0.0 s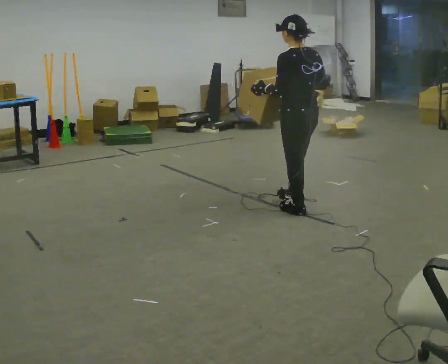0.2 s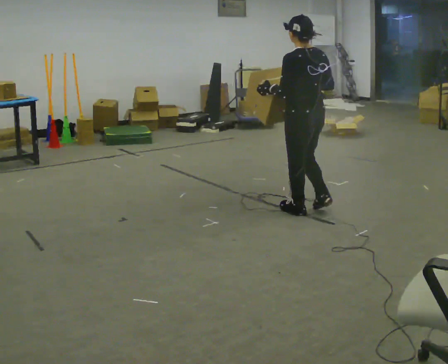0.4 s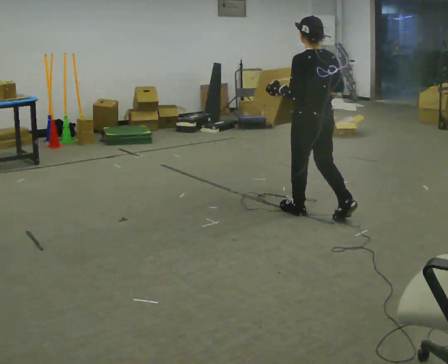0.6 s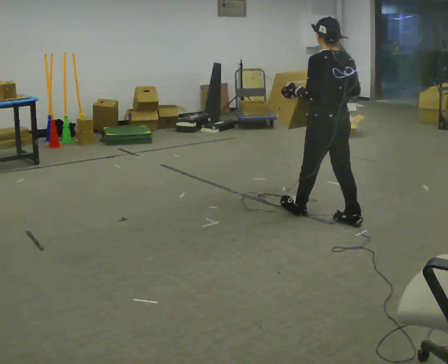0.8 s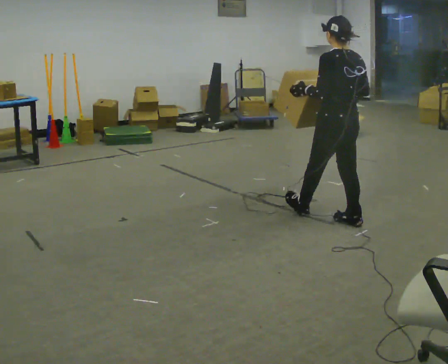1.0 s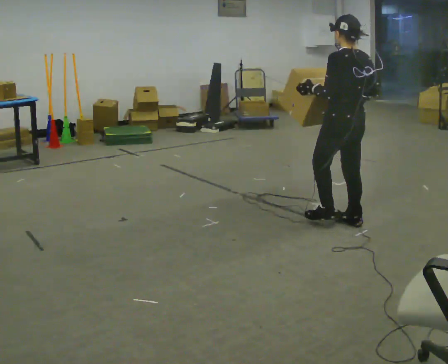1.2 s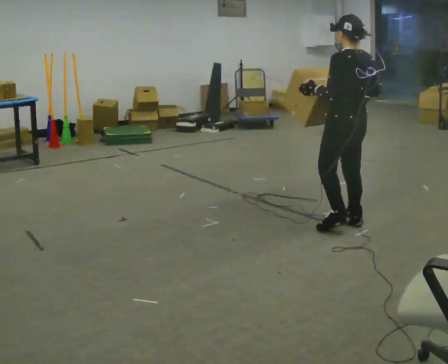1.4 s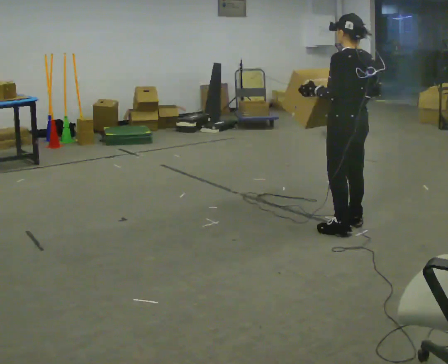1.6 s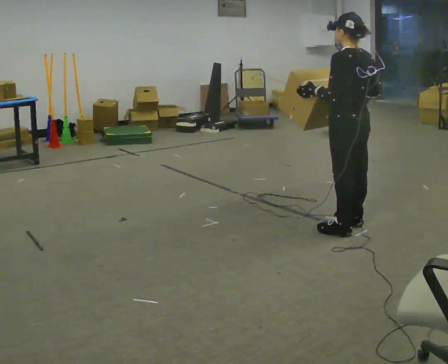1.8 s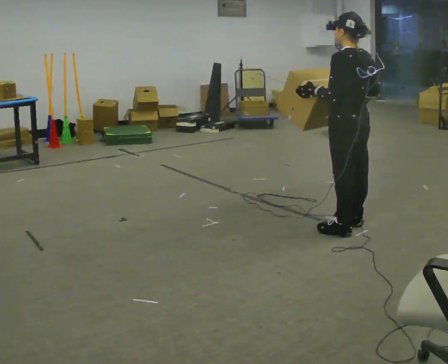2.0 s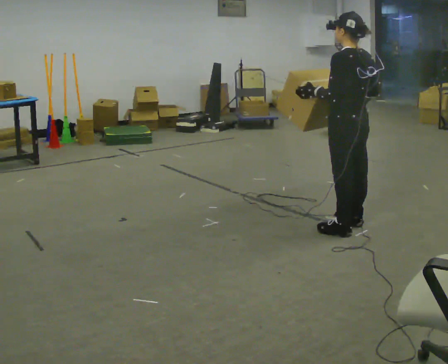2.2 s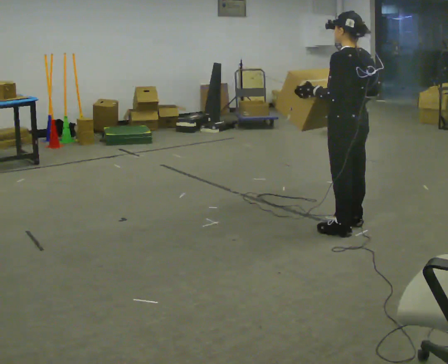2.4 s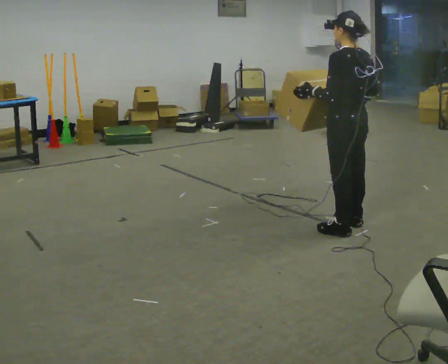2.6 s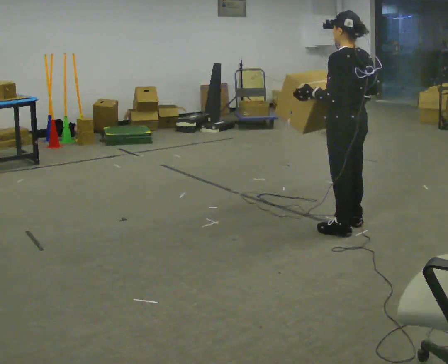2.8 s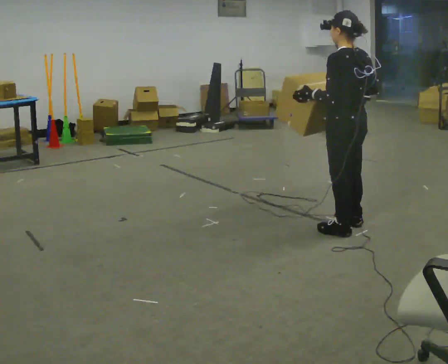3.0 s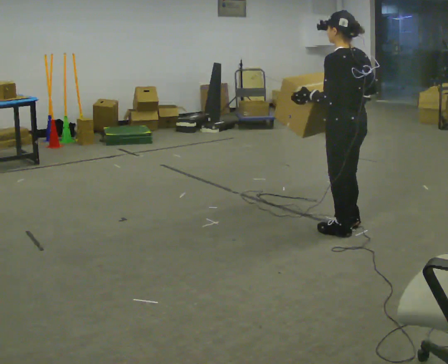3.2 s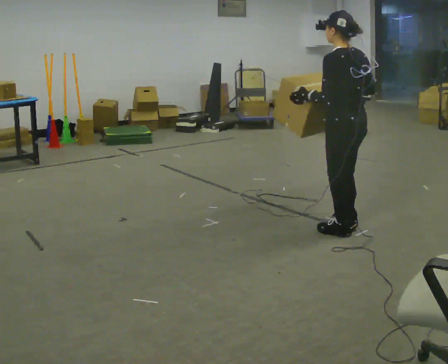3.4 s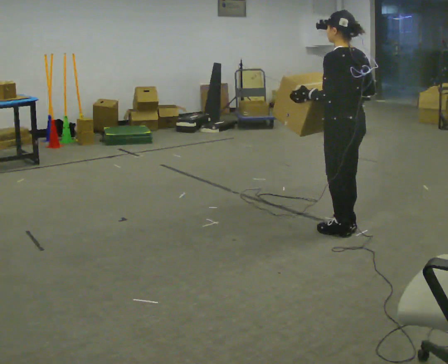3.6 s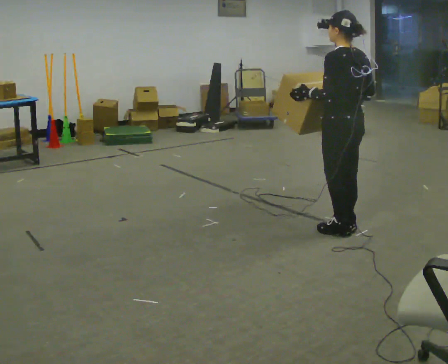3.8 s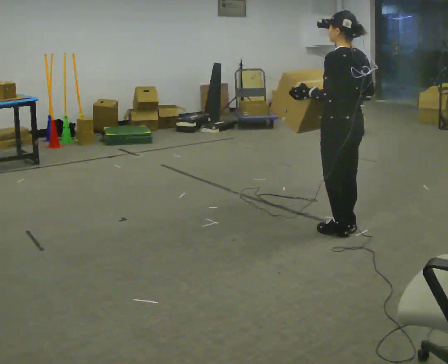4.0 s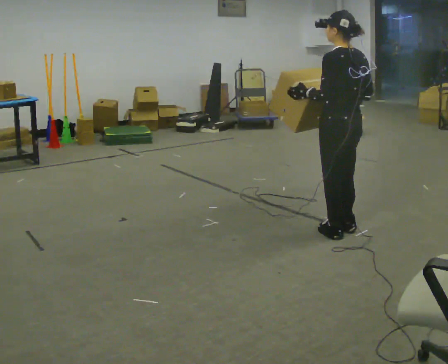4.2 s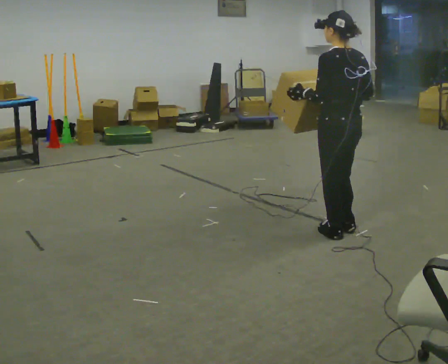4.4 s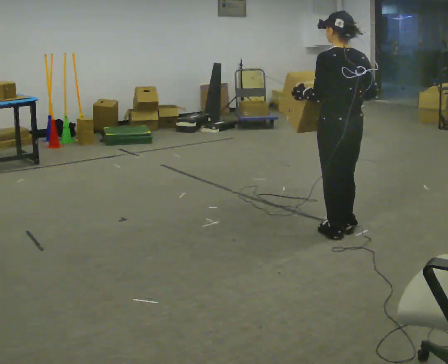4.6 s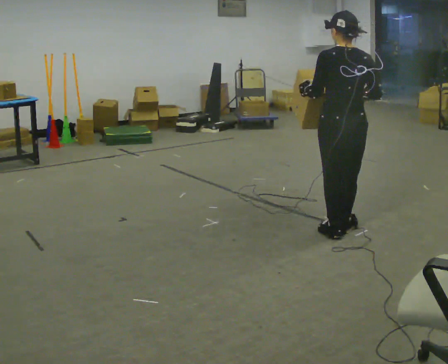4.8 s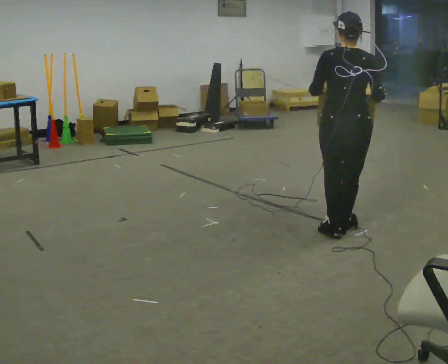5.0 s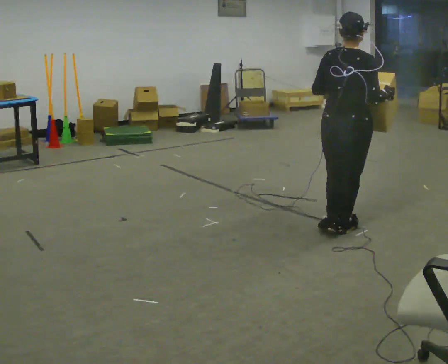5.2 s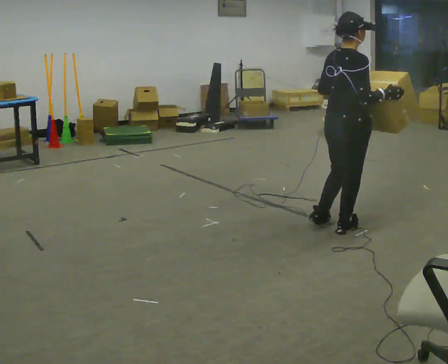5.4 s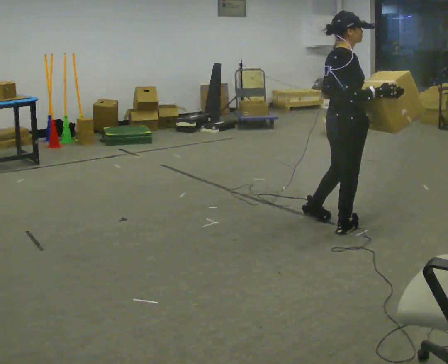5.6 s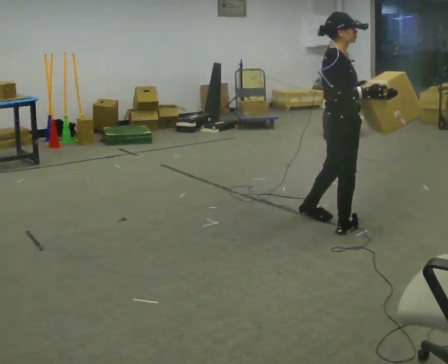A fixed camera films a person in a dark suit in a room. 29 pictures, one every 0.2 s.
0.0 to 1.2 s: In the picture they go to the right and toward the camera, about 0.5 m in 1 step, which for them is backward.
1.2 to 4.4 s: In the picture they go toward the camera, about 0.25 m in 1 step, which for them is to their left.
4.4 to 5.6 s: Seen from above the body turns clockwise, about 105 degrees: to their right, with its near side sliding to the left.
The film runs backward here.
